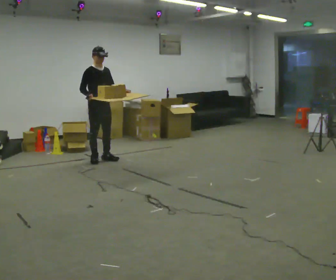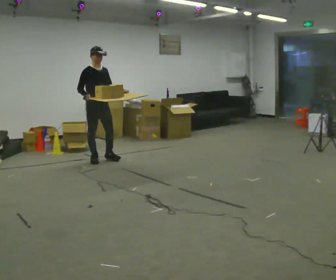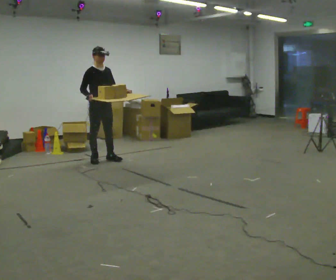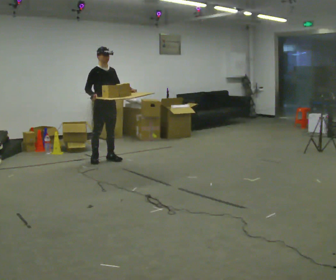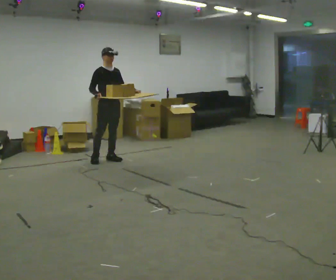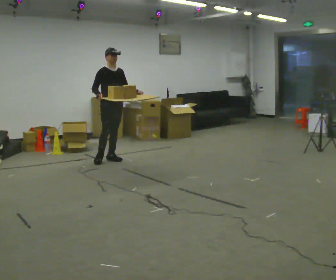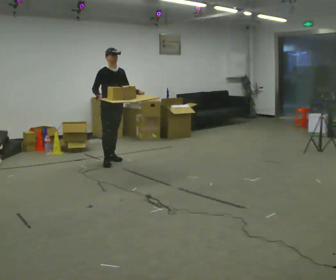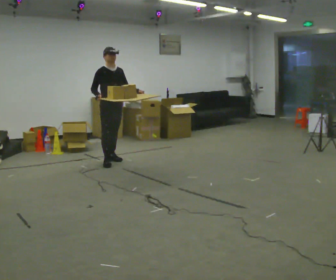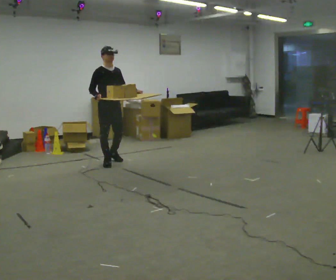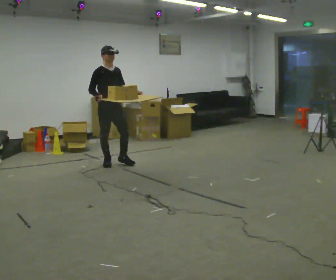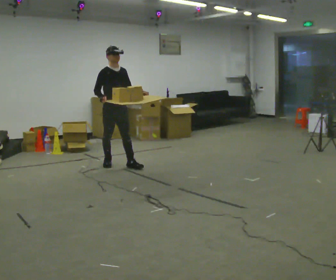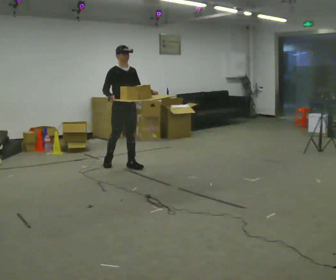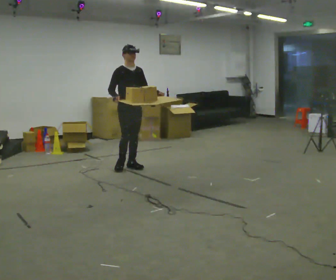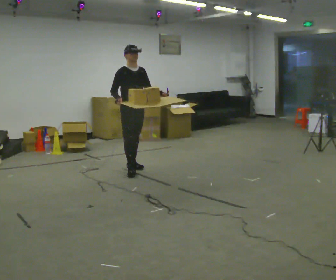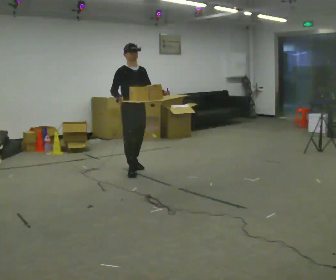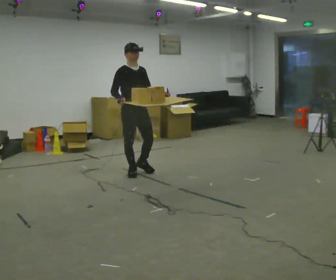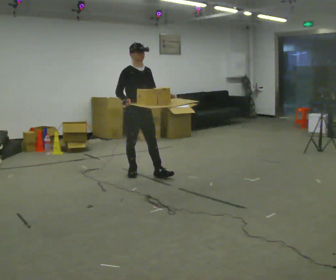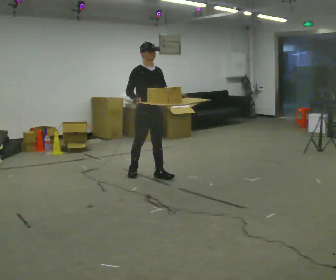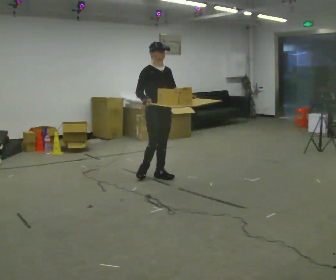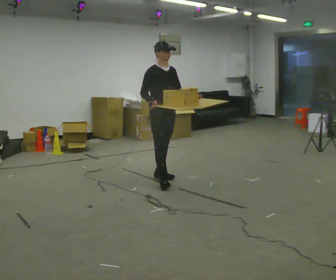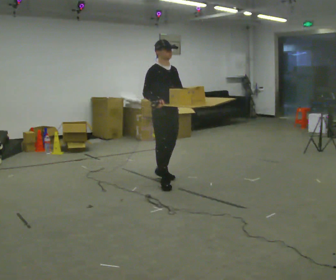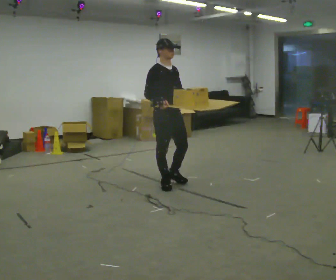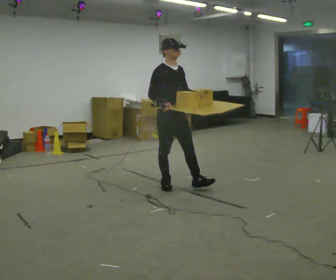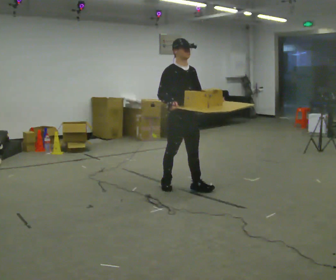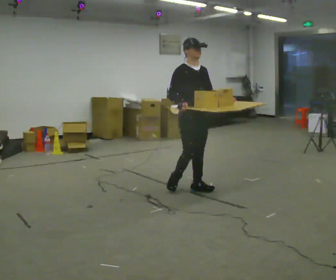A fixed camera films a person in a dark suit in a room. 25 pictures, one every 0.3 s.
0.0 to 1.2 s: In the picture they go to the right, about 0.25 m, which for them is to their left.
1.2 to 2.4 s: In the picture they go toward the camera, about 0.25 m in 1 step, which for them is forward and to their right.
2.4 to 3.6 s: In the picture they go to the right and toward the camera, about 0.25 m in 1 step, which for them is forward and to their left.
3.6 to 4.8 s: In the picture they go toward the camera, about 0.5 m in 2 steps, which for them is forward.
4.8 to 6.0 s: In the picture they go toward the camera and to the right, about 0.5 m in 1 step, which for them is forward.
6.0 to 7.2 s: In the picture they go to the right and toward the camera, about 0.5 m in 1 step, which for them is forward.
The film runs forward here.
